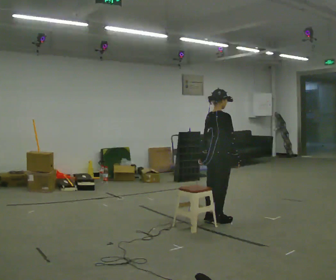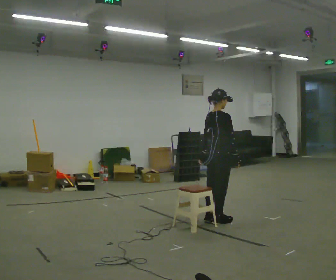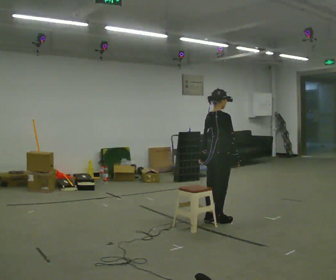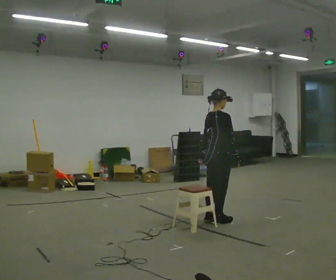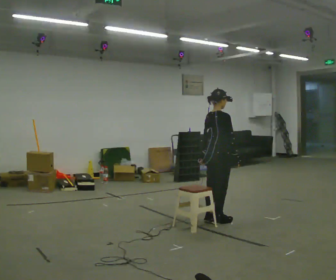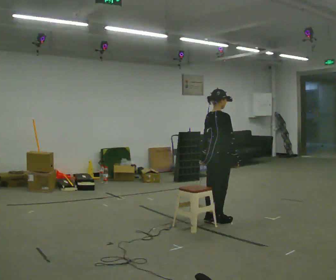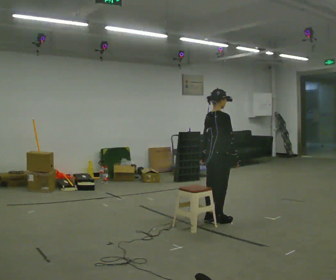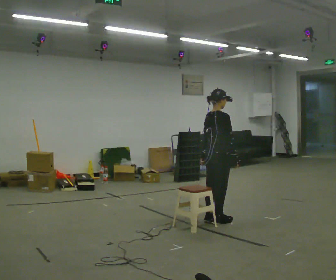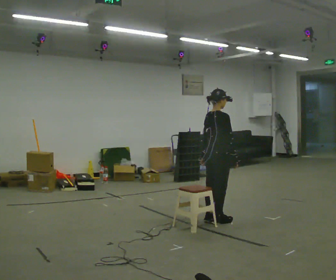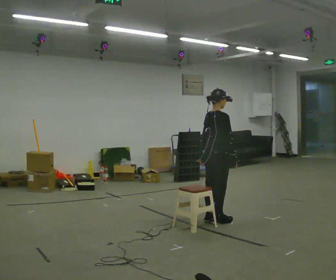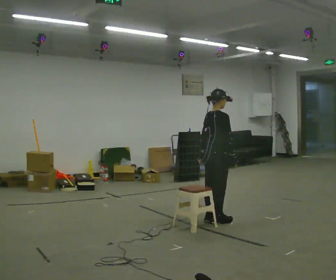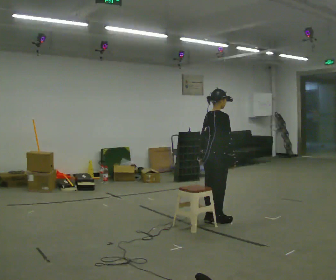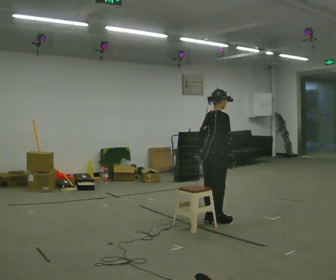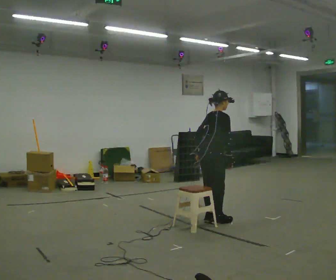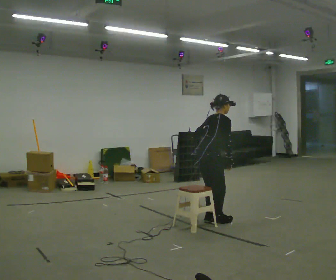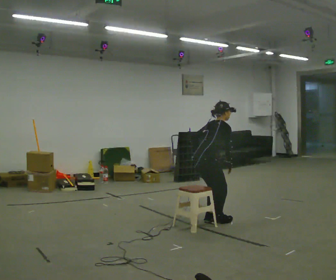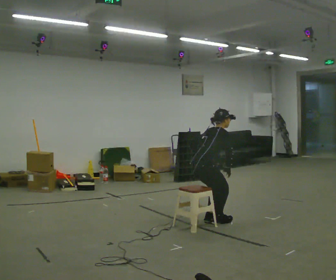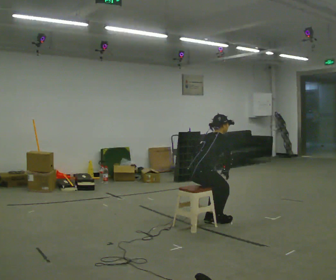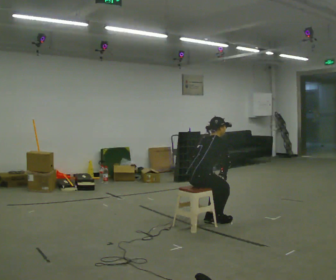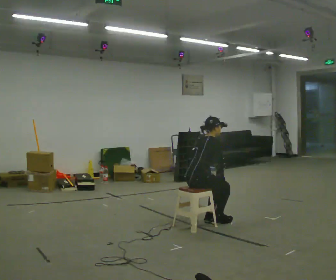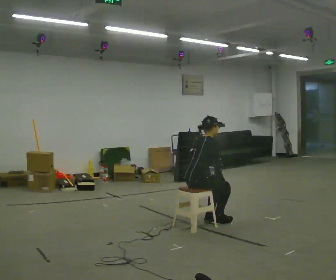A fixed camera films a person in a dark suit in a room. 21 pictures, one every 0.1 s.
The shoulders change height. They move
downward.
0.0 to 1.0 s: The person moves a little, or ends about where they began.
1.0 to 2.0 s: In the picture they go to the left and toward the camera, about 0.25 m, which for them is backward. The upper body goes downward.
The film runs forward here.
